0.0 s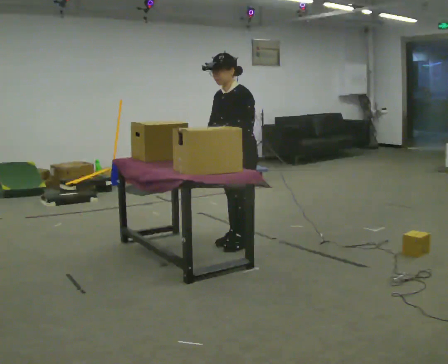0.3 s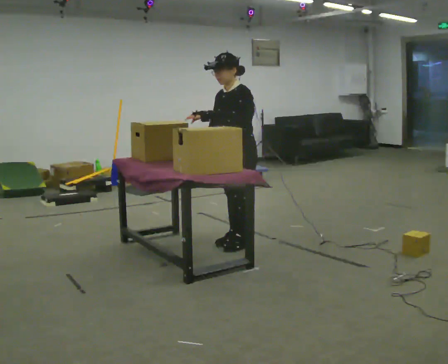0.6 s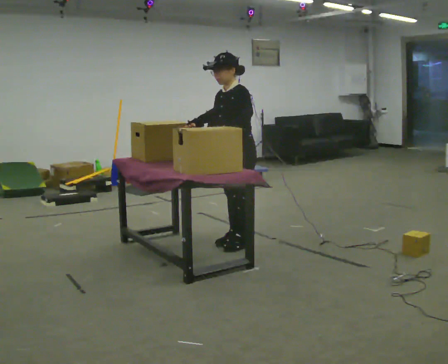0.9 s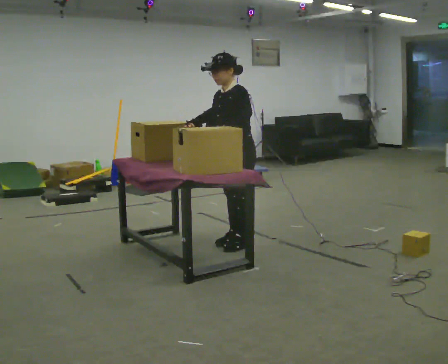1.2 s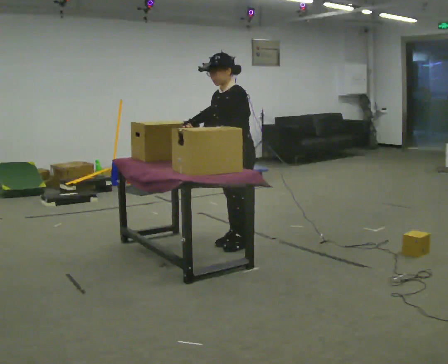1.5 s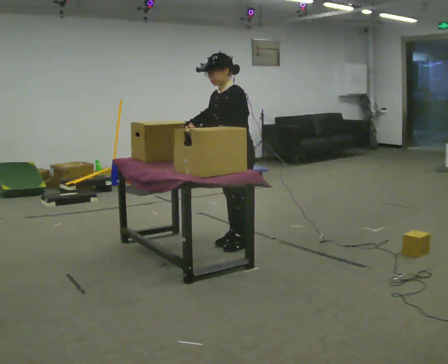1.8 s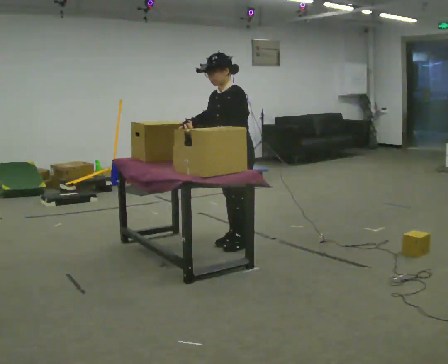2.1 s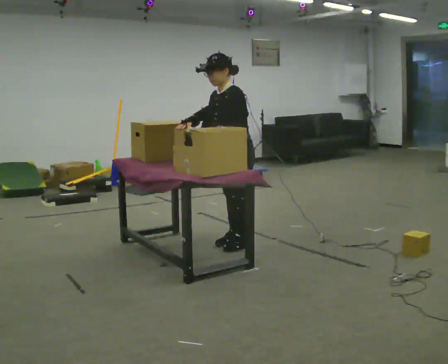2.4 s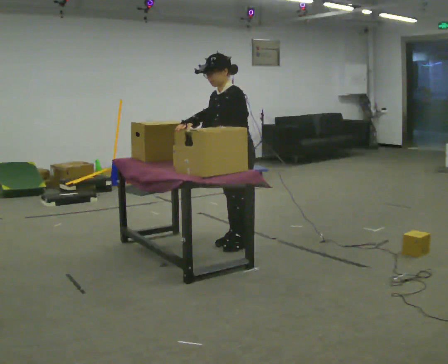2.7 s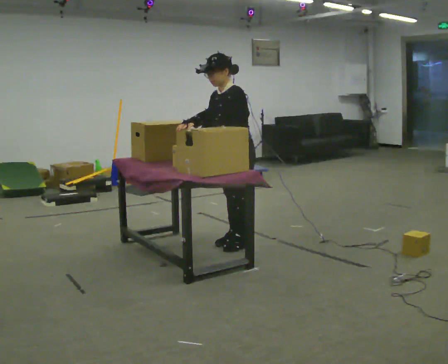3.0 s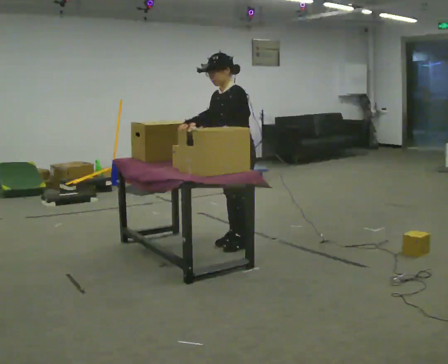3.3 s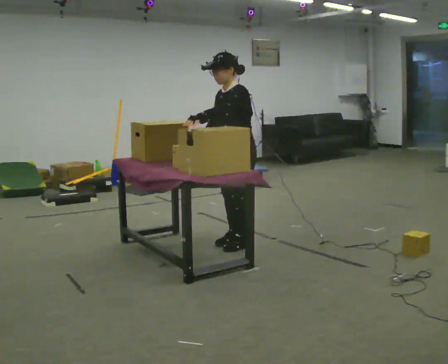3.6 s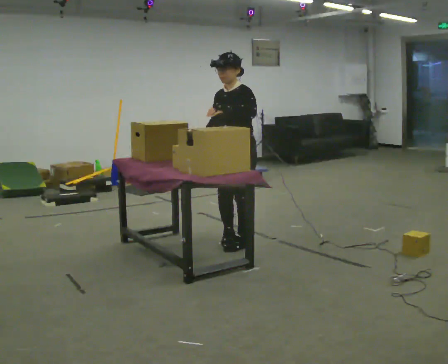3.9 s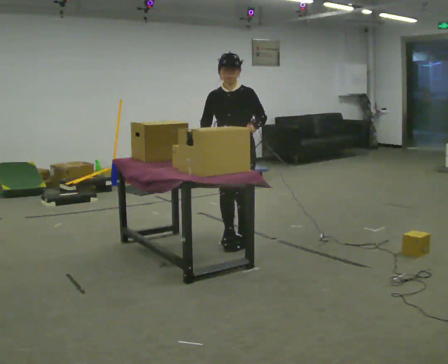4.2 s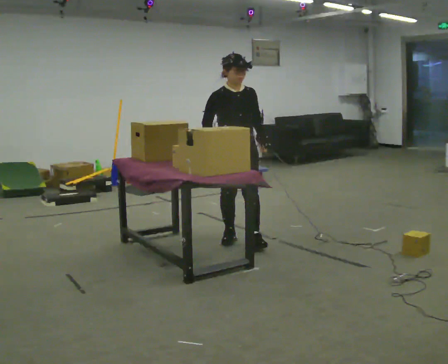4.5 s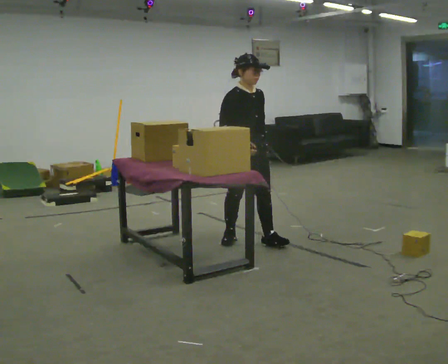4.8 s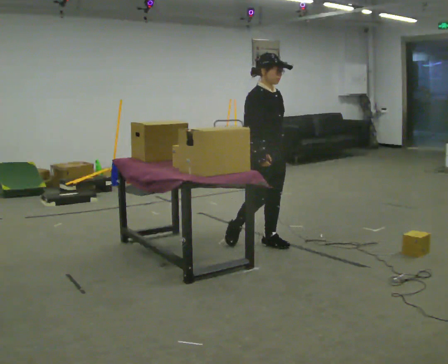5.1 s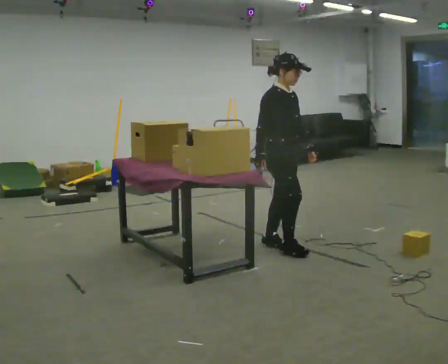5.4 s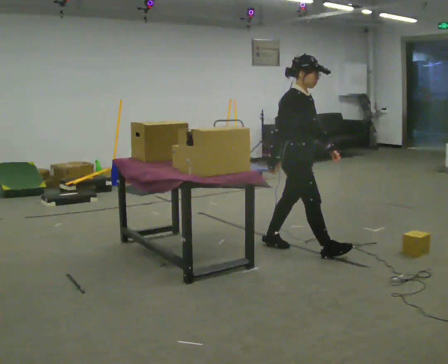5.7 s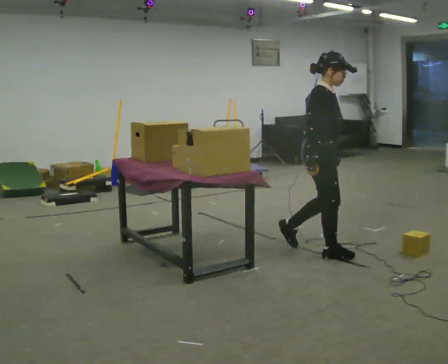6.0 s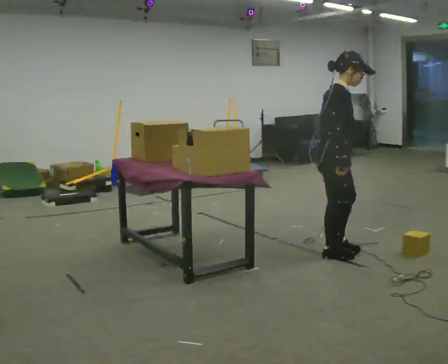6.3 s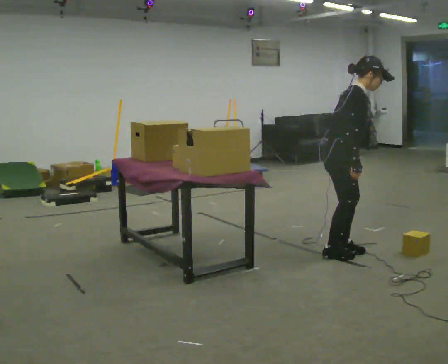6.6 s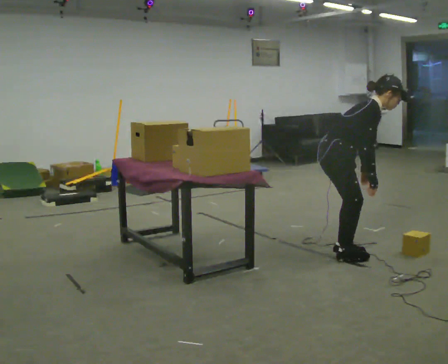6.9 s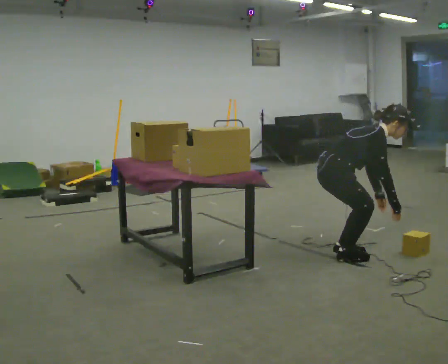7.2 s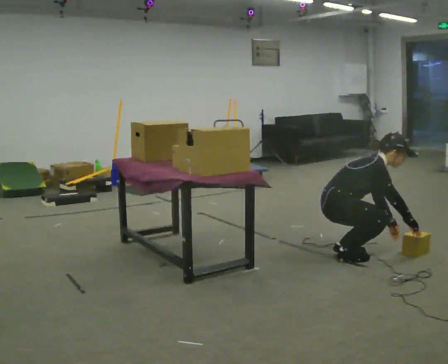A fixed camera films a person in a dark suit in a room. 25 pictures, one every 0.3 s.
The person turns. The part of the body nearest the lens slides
to the right.
The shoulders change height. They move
downward.
0.0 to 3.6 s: The person moves a little, or ends about where they began.
3.6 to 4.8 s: The part of the body nearest the lens slides to the right as the person turns to their left by about 90 degrees. In the picture they go to the right, about 0.25 m in 1 step. In the picture their left hand goes to the right and downward.
4.8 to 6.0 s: Seen from above the body turns counterclockwise, about 30 degrees: to their left, with its near side sliding to the right. In the picture they go to the right and toward the camera, about 0.5 m in 1 step, which for them is forward.
6.0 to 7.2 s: The upper body goes downward. In the picture the upper body tilts clockwise, shoulders to the right, as they bend forward. In the picture their right hand goes to the right and downward.
The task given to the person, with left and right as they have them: Carry the object over and fit it into the gap between the two boxes already on the shelf, without touching either of them. Keep going until the operator says stop; one object at a time, and do not rush between trips.
The film runs forward here.
